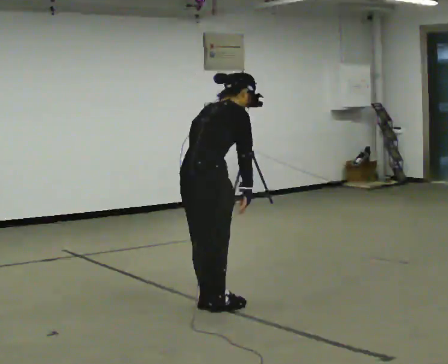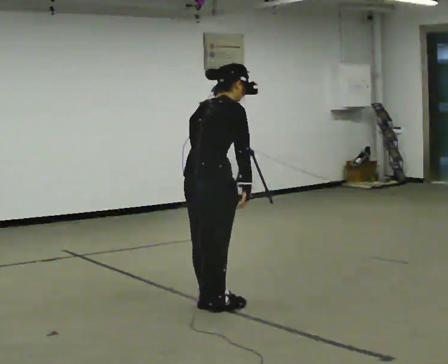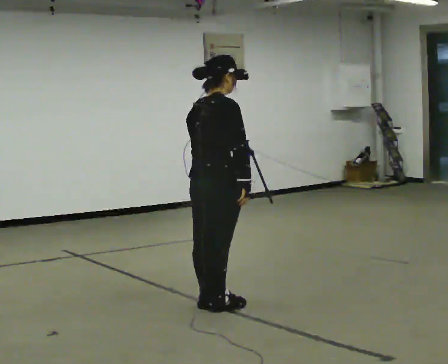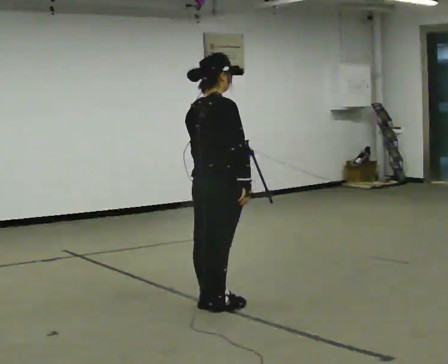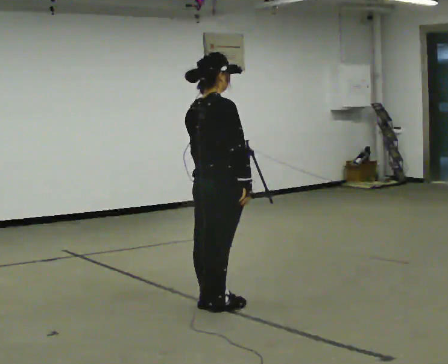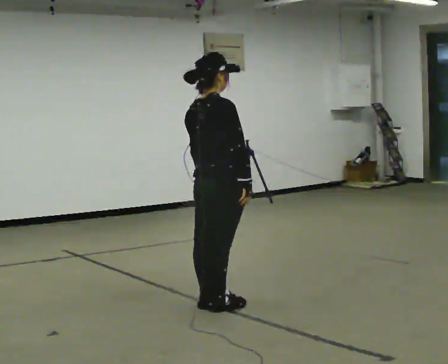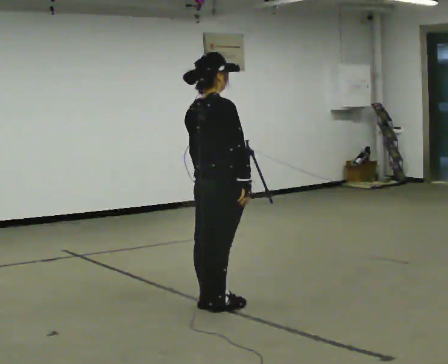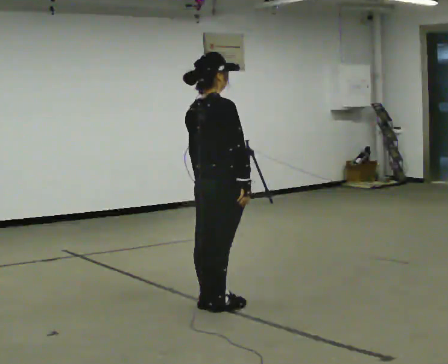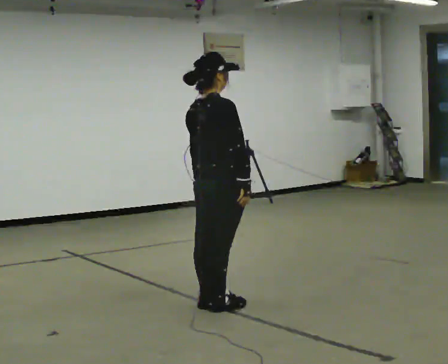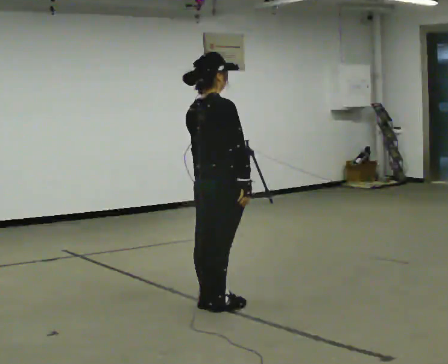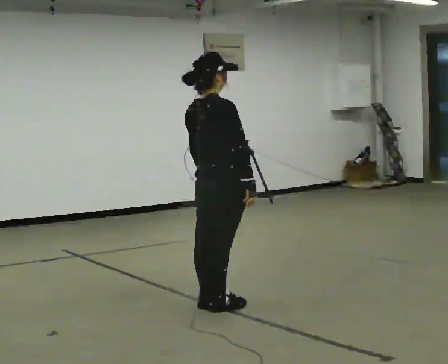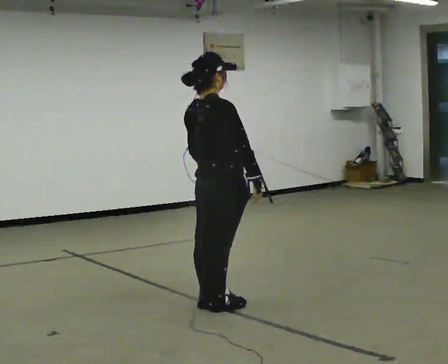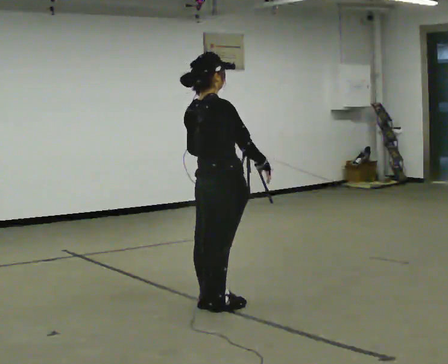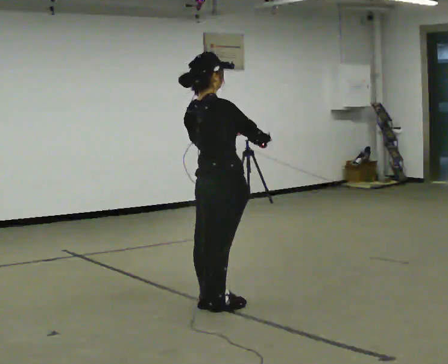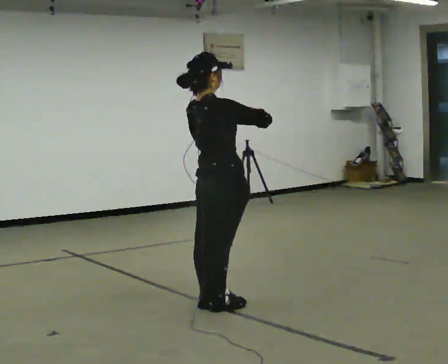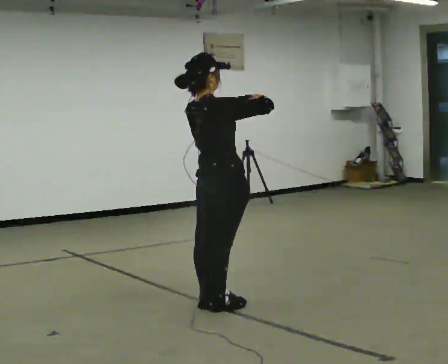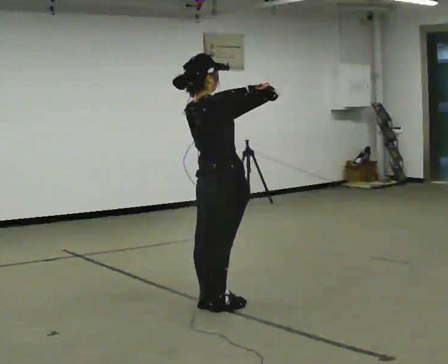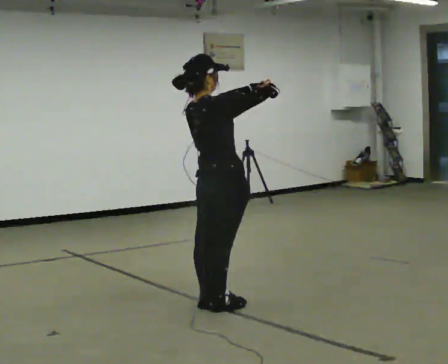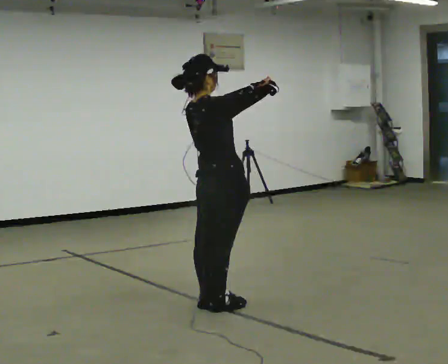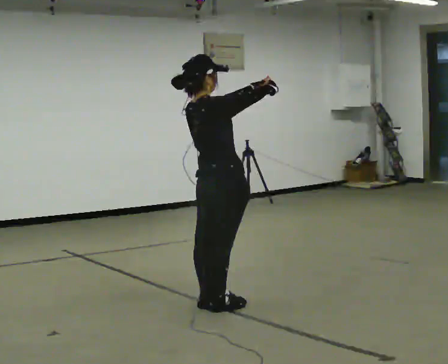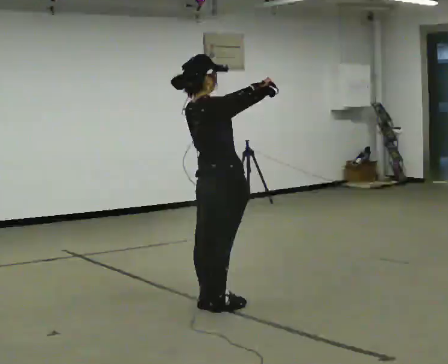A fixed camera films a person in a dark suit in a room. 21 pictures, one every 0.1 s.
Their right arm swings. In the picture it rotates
counterclockwise.
Their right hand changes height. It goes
upward.
0.0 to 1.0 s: In the picture the upper body tilts counterclockwise, shoulders to the left, as they lean back or straighten.
1.0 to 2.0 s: In the picture their right hand goes upward, the arm swinging counterclockwise.
The film runs backward here.
